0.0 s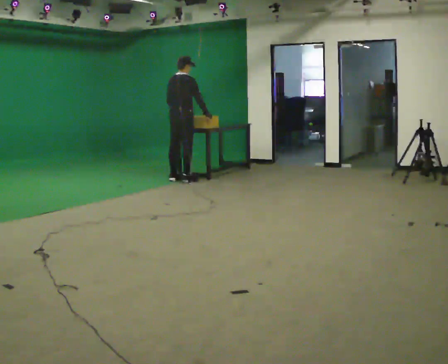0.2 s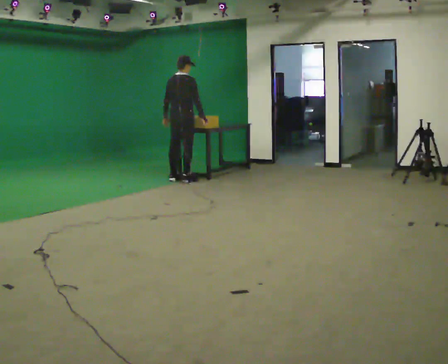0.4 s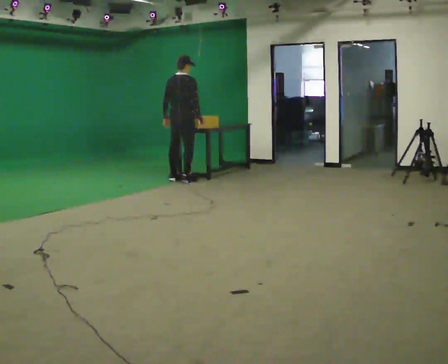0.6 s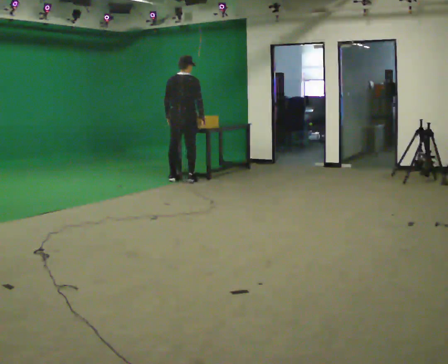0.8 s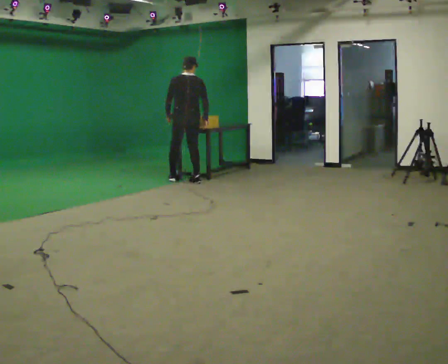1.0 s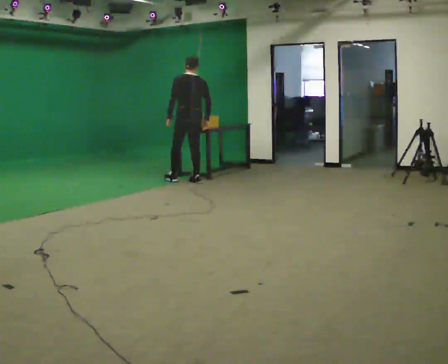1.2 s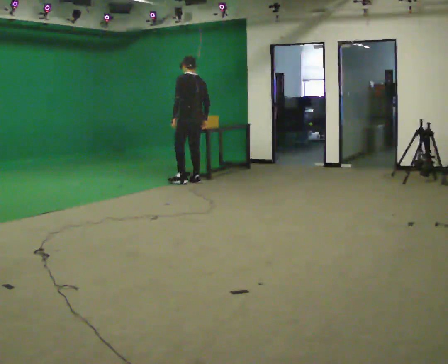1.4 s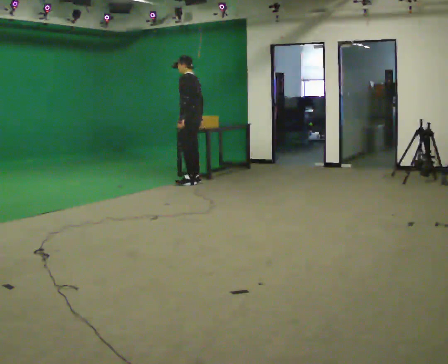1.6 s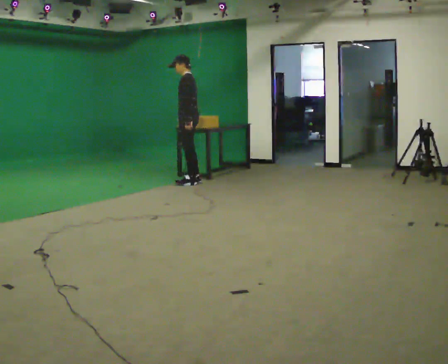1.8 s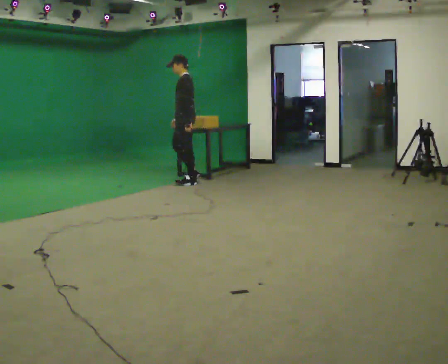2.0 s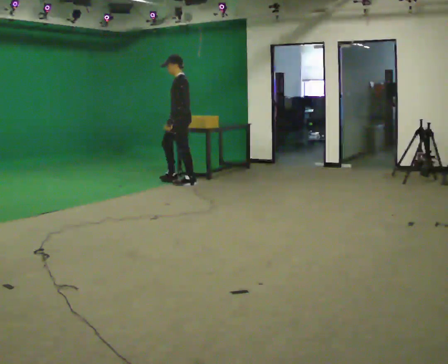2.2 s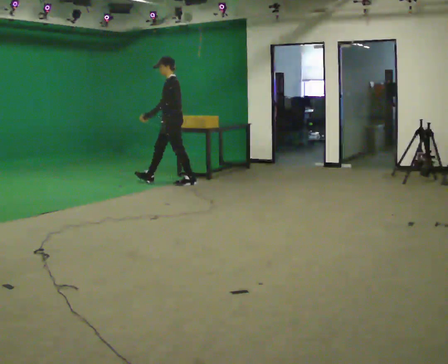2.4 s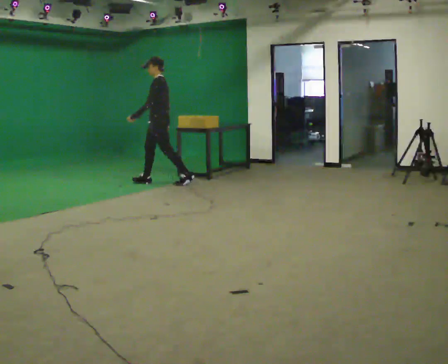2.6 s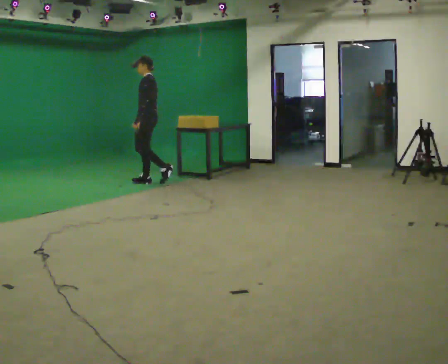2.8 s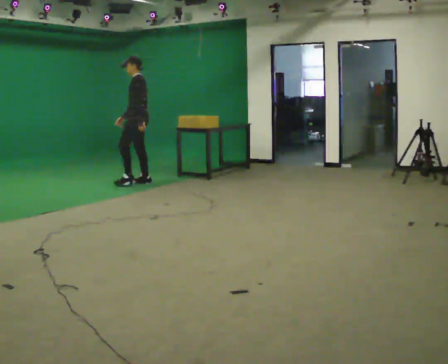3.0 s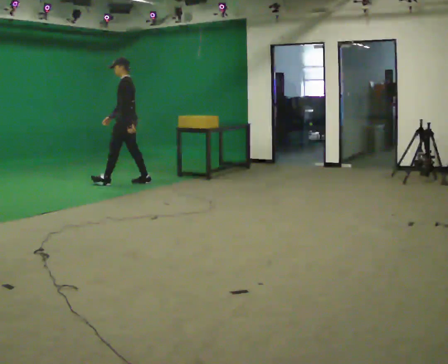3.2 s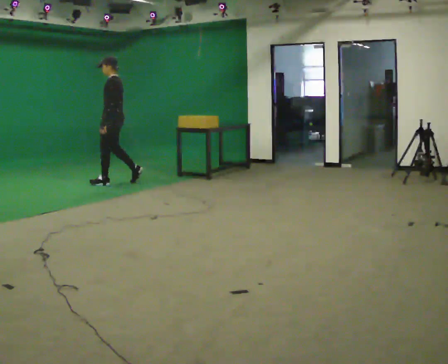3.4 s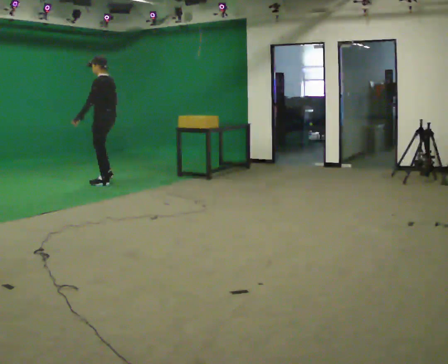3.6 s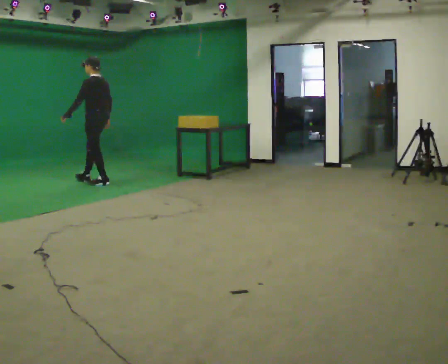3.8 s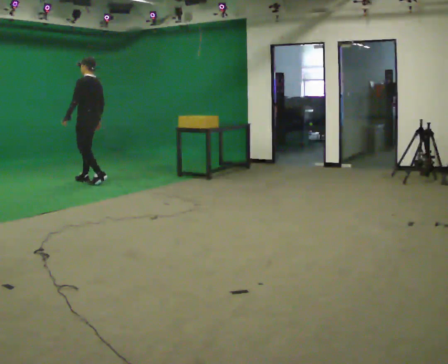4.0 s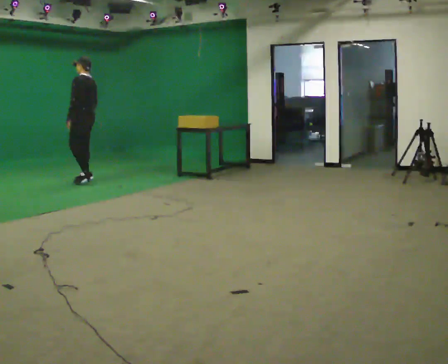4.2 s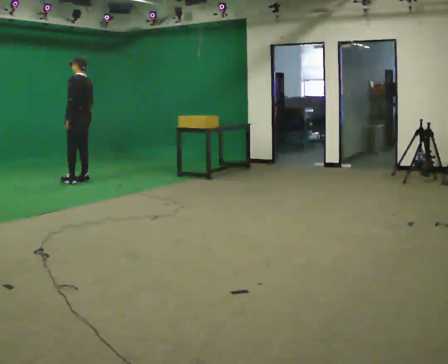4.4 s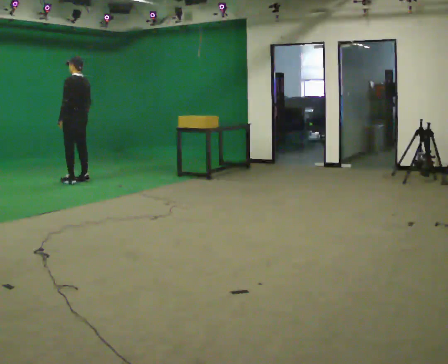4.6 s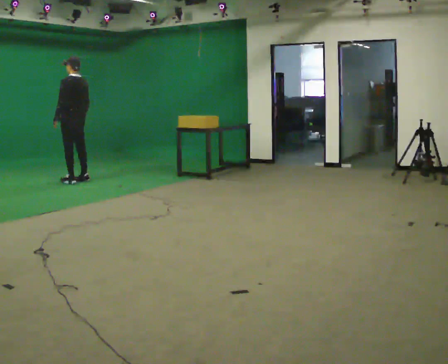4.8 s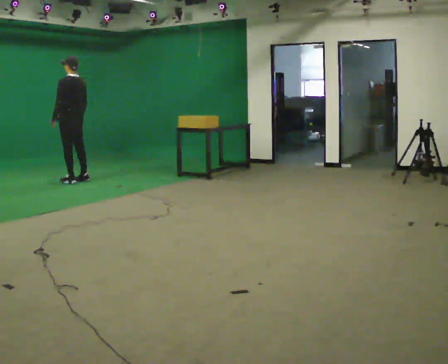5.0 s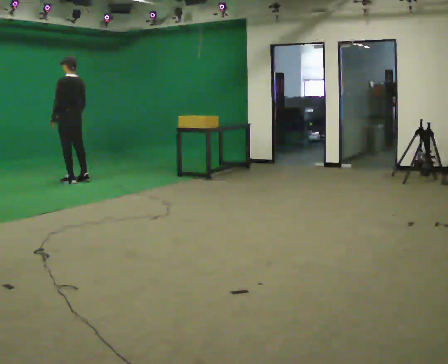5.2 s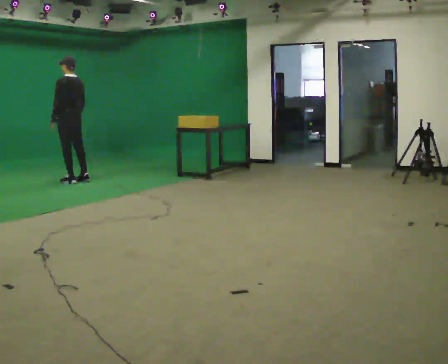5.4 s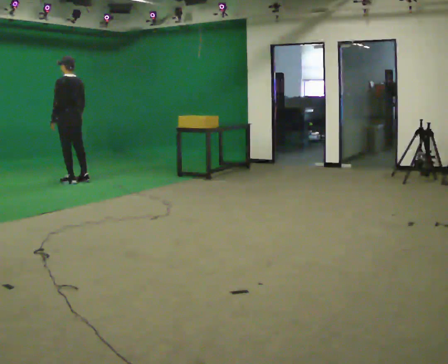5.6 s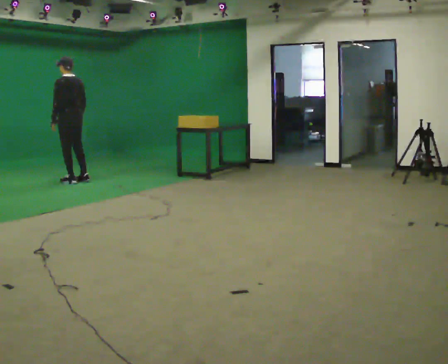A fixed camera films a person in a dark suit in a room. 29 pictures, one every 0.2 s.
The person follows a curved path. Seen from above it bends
clockwise.
The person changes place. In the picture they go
to the left.
0.0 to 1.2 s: The person turns about 90 degrees to their left, counterclockwise seen from above, so the part of the body nearest the lens slides to the right. In the picture they go to the right, about 0.25 m.
1.2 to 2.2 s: The person turns about 45 degrees to their left, counterclockwise seen from above, so the part of the body nearest the lens slides to the right. In the picture they go to the left, about 0.25 m in 1 step, which for them is forward.
2.2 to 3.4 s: In the picture they go to the left, about 1 m in 2 steps, which for them is forward.
3.4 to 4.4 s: In the picture they go to the left, about 0.5 m in 2 steps, which for them is forward.
4.4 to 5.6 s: The person moves a little, or ends about where they began.
The film runs forward here.
